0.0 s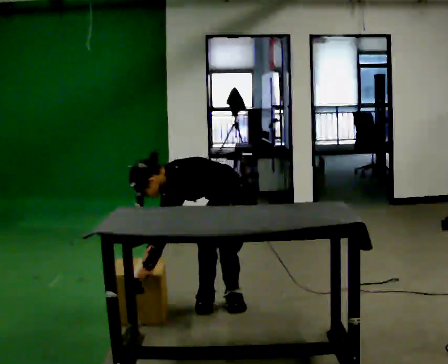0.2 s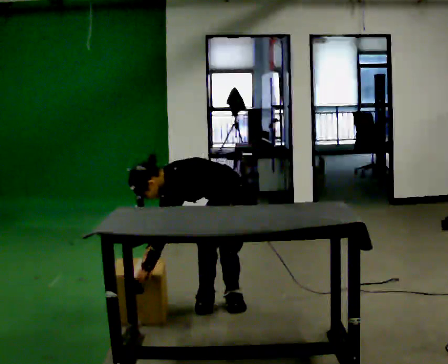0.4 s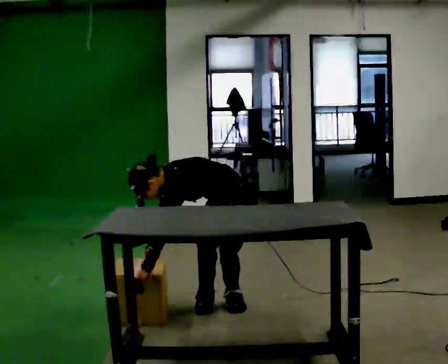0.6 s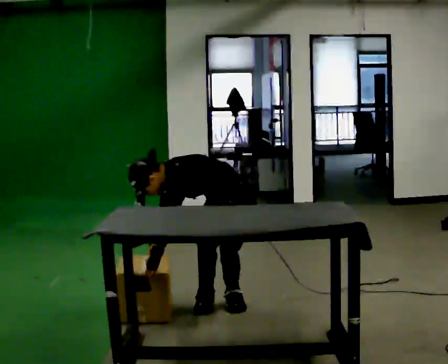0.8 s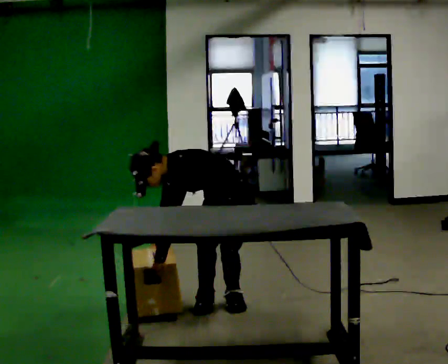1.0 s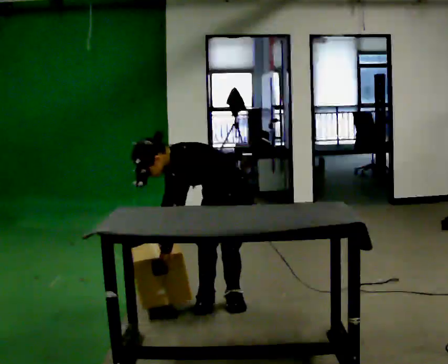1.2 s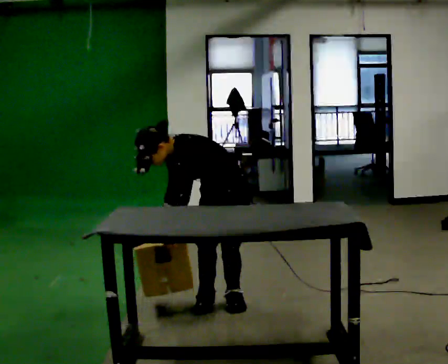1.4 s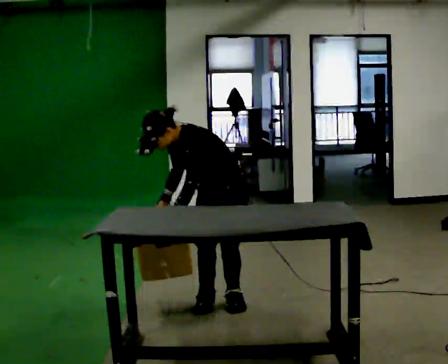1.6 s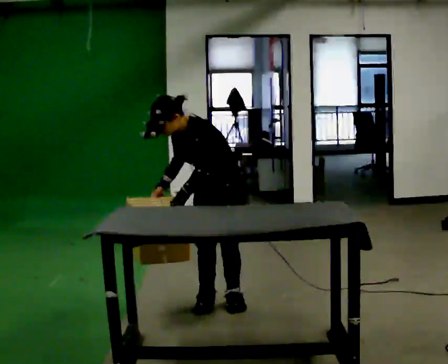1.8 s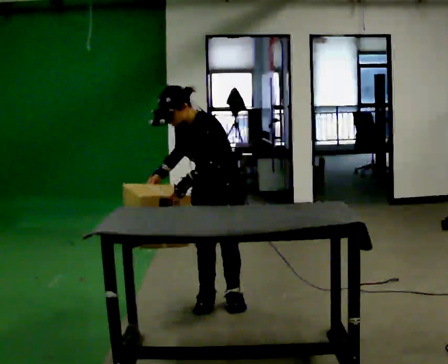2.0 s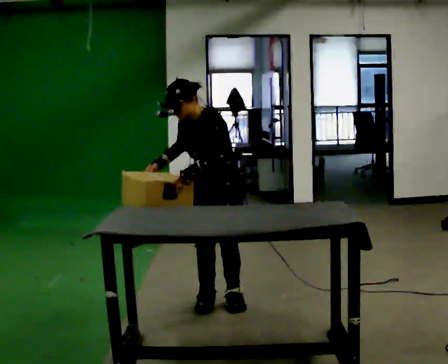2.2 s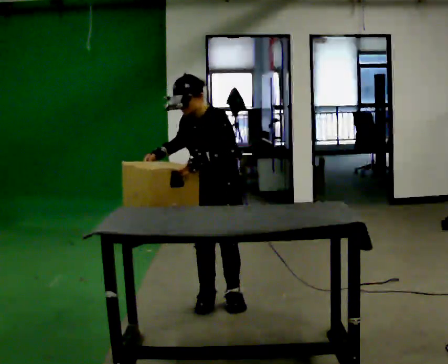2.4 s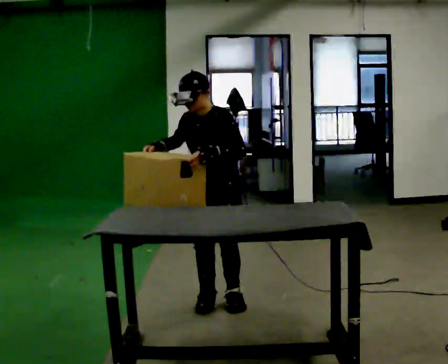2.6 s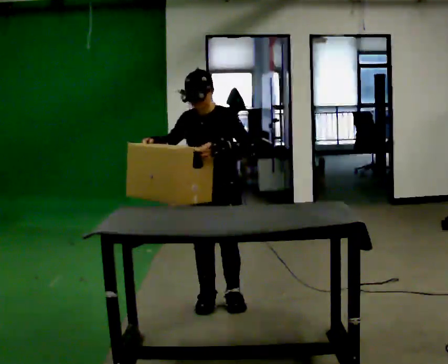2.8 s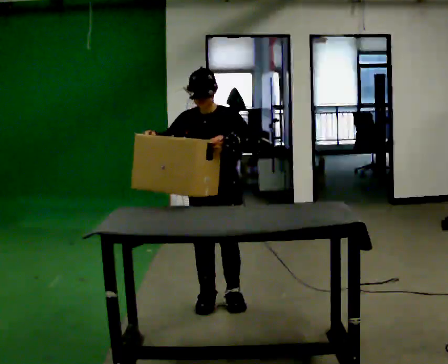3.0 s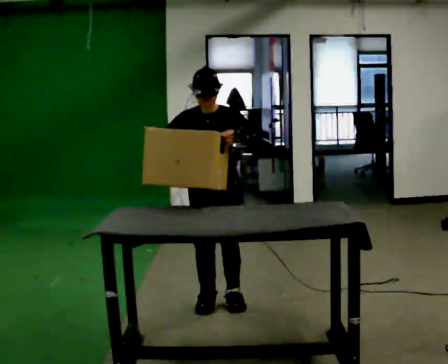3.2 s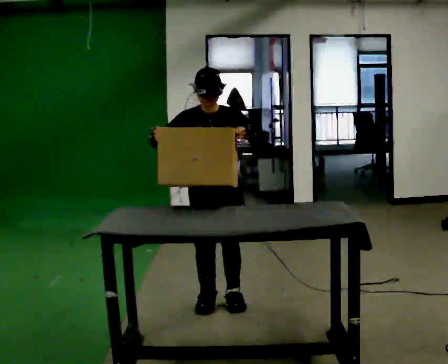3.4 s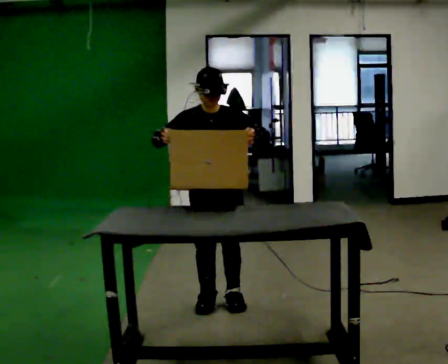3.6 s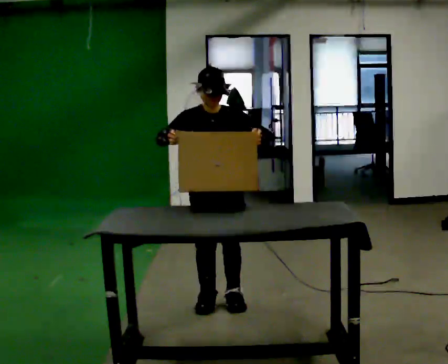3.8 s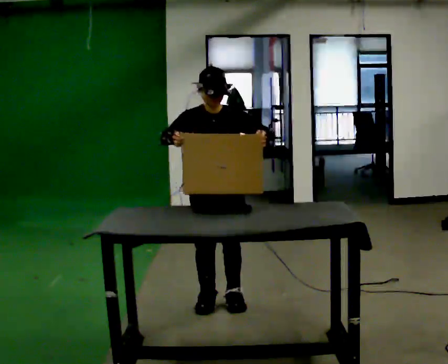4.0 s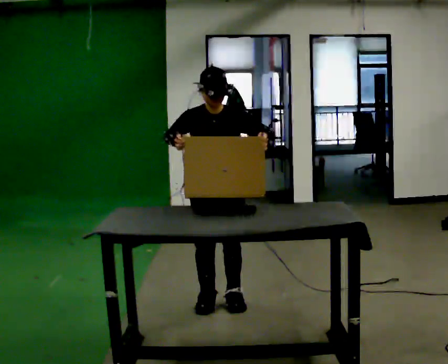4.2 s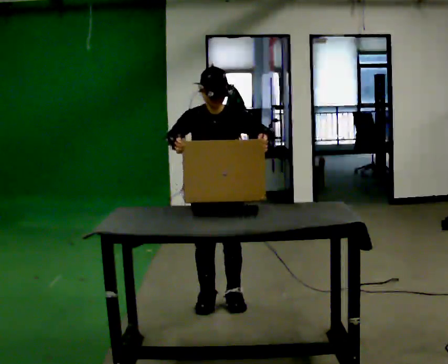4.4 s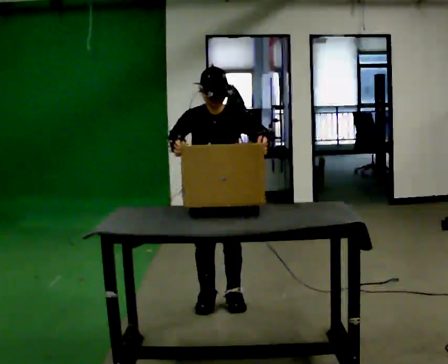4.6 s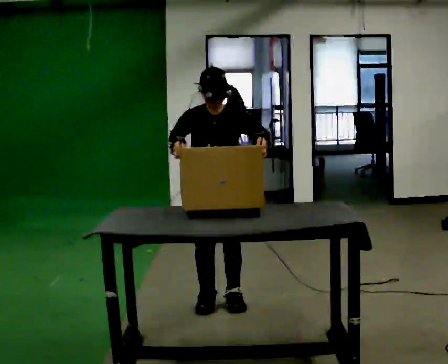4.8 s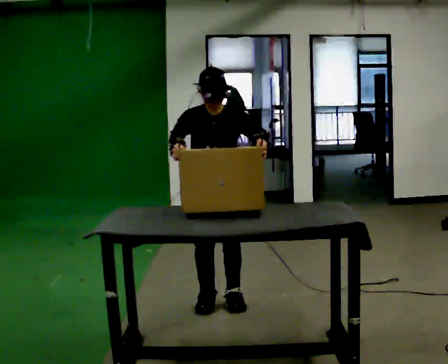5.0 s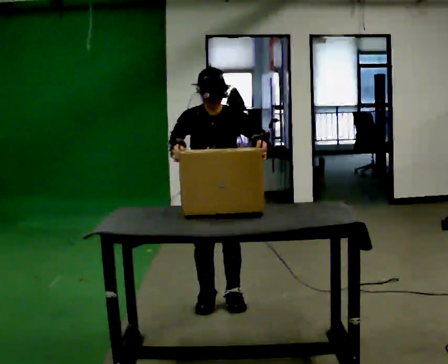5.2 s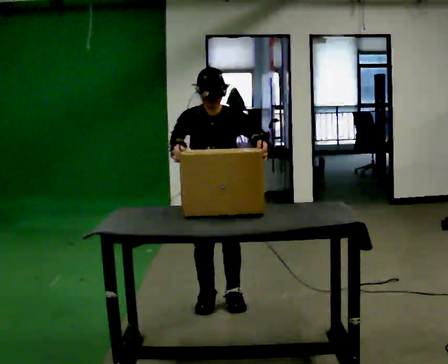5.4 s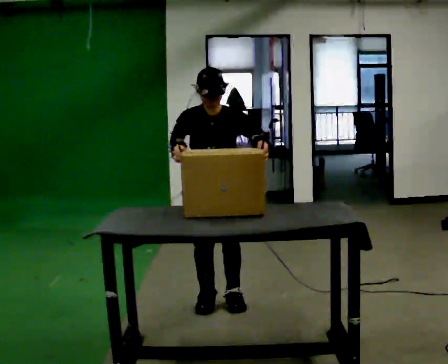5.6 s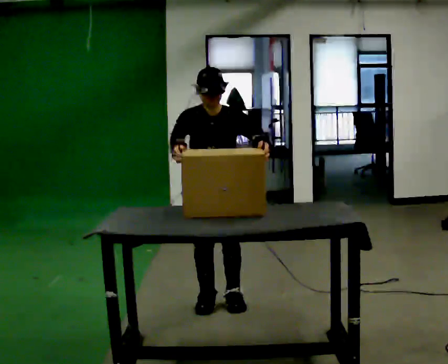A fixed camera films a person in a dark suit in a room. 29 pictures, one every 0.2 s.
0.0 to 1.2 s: The upper body goes upward. In the picture the upper body tilts clockwise, shoulders to the right, as they lean back or straighten.
1.2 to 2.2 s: The person turns about 30 degrees to their left, counterclockwise seen from above, so the part of the body nearest the lens slides to the right. The shoulders move upward. In the picture the upper body tilts clockwise, shoulders to the right, as they lean back or straighten. In the picture their right hand goes upward.
2.2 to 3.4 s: The part of the body nearest the lens slides to the right as the person turns to their left by about 30 degrees.
3.4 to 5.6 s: The person moves a little, or ends about where they began.
The film runs forward here.
